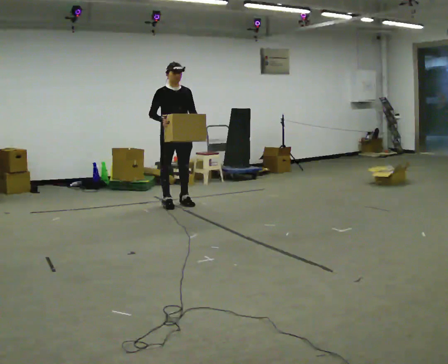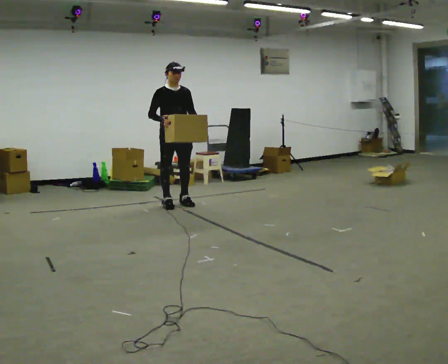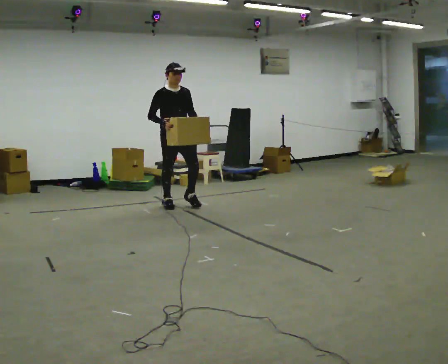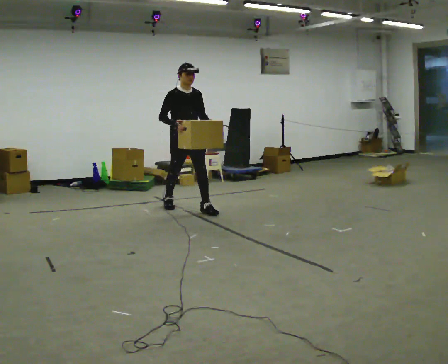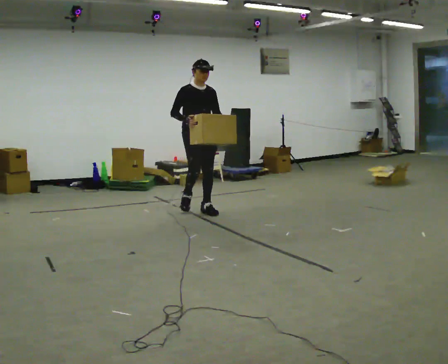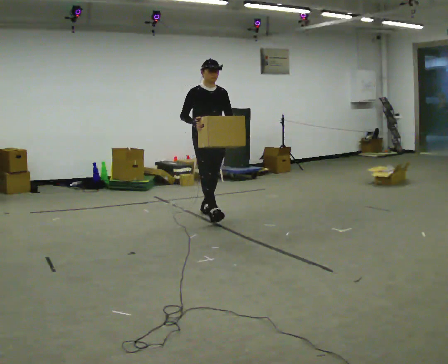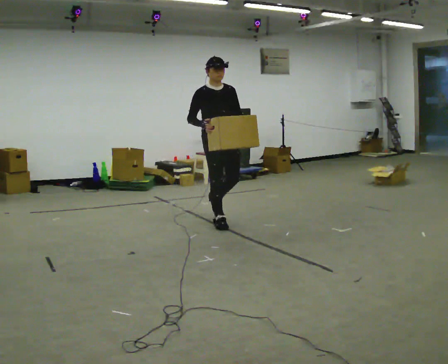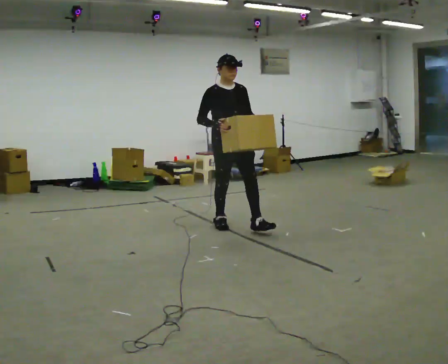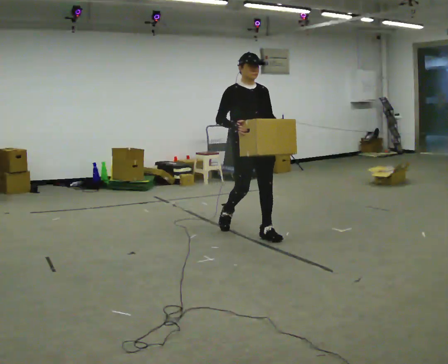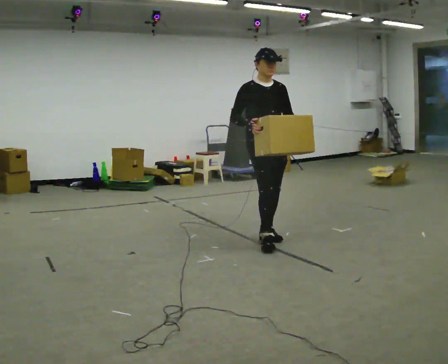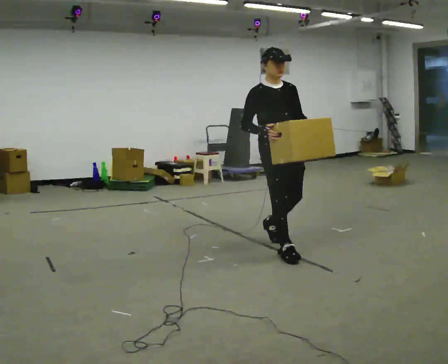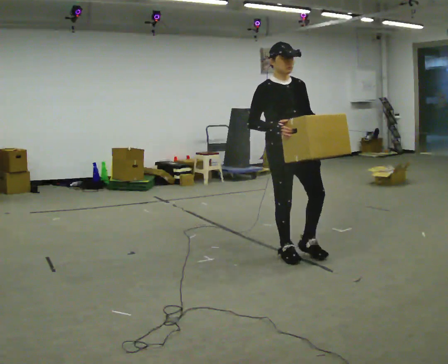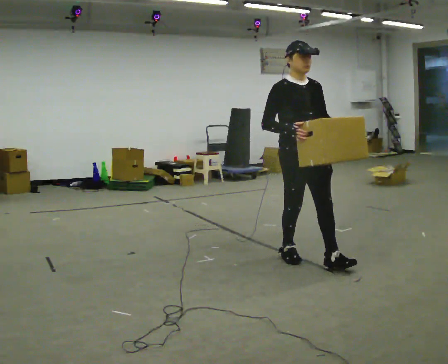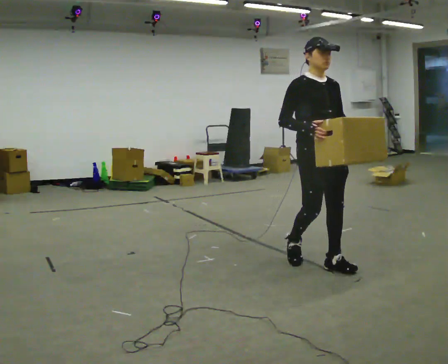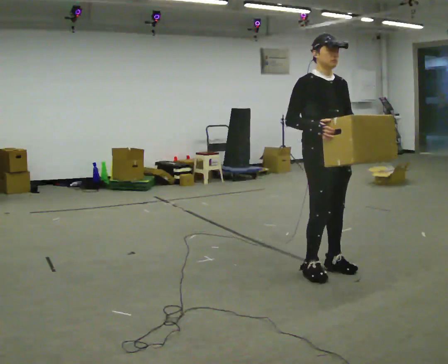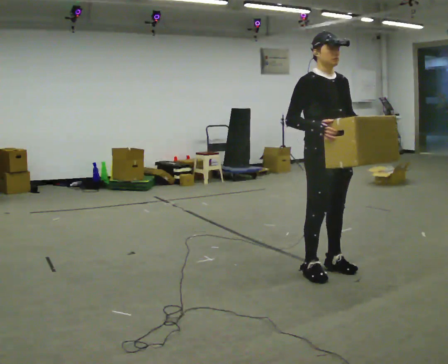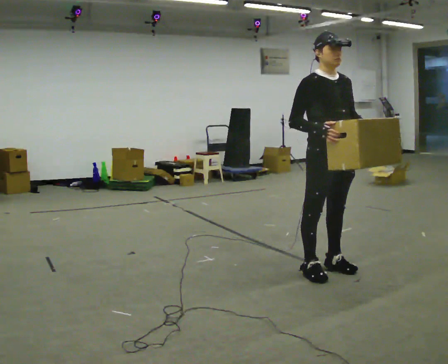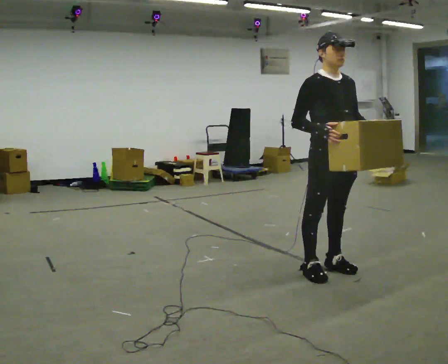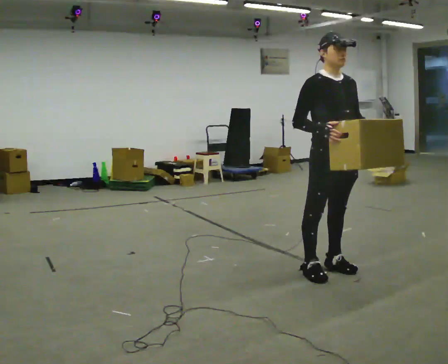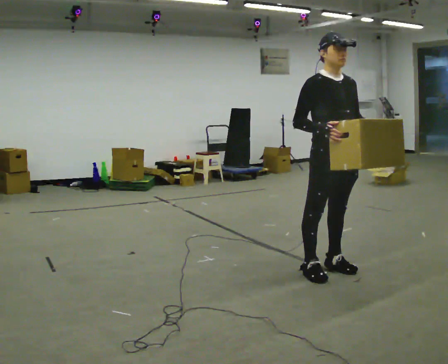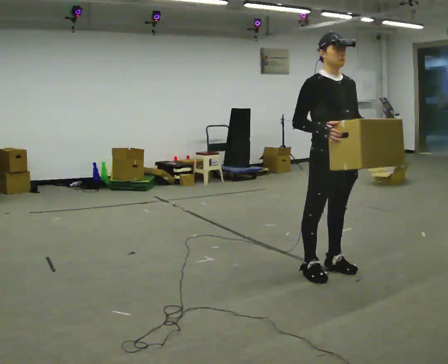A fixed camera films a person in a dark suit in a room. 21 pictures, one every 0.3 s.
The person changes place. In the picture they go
toward the camera.
0.0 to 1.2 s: In the picture they go toward the camera and to the right, about 0.5 m in 1 step, which for them is forward.
1.2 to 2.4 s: In the picture they go toward the camera and to the right, about 1 m in 2 steps, which for them is forward.
2.4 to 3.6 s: In the picture they go toward the camera and to the right, about 1 m in 2 steps, which for them is forward.
3.6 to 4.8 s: In the picture they go toward the camera and to the right, about 0.25 m in 1 step, which for them is forward.
4.8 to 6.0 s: The person keeps their place and pose.
The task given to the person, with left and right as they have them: Carry the box in both hands and walk back and forth across the room. The contents may move around. Carry on as best you can.
The film runs forward here.
